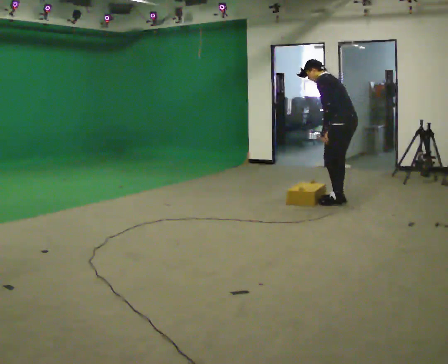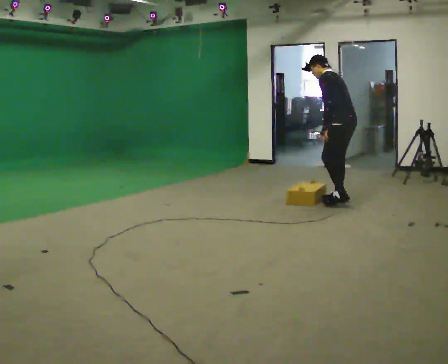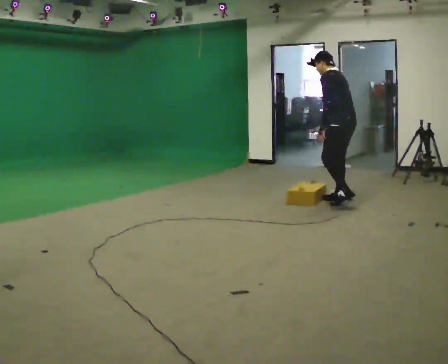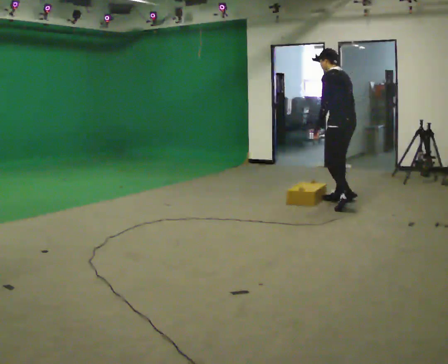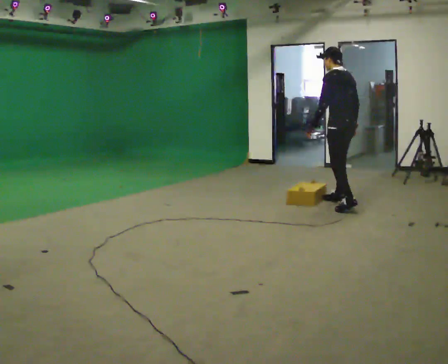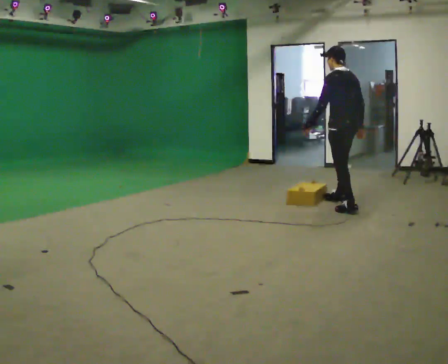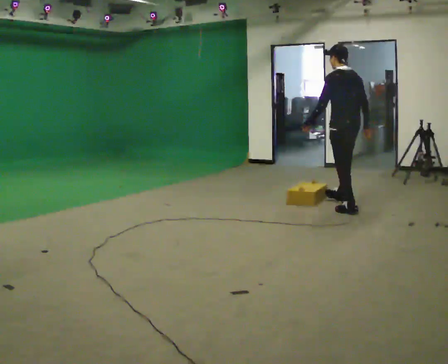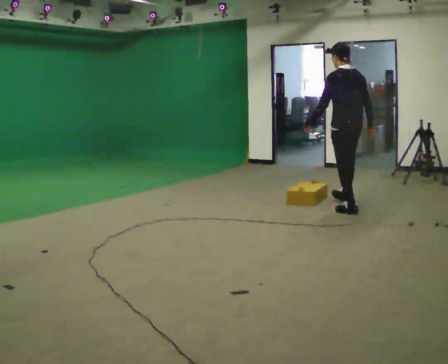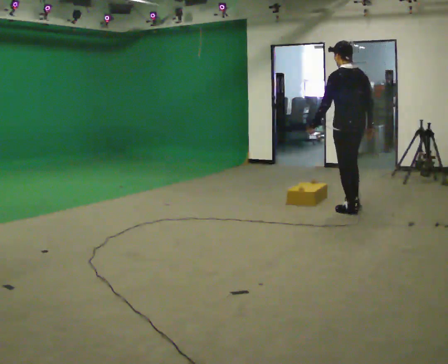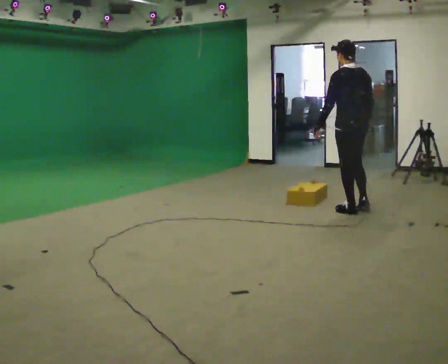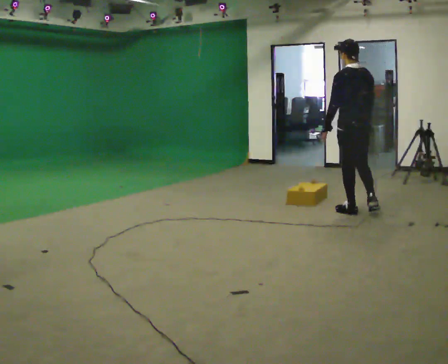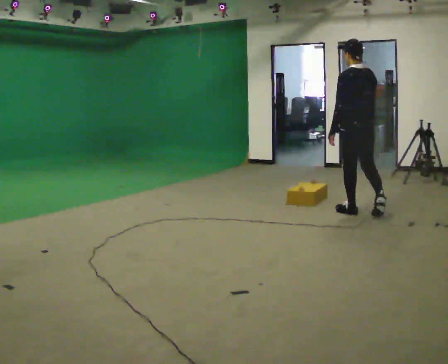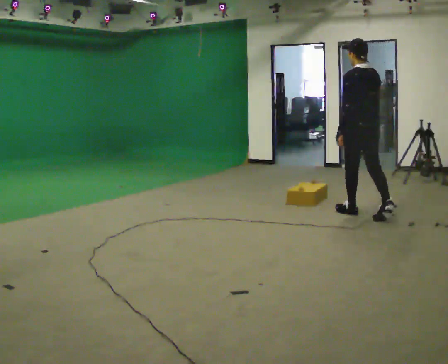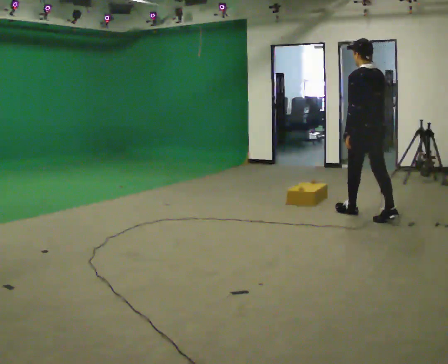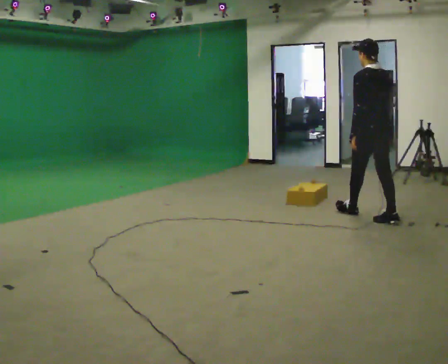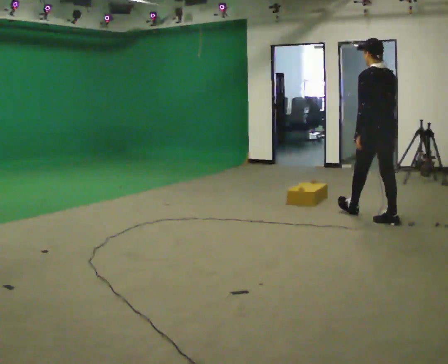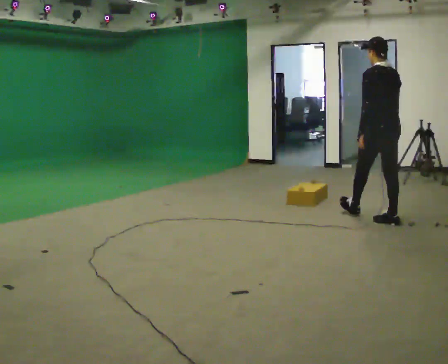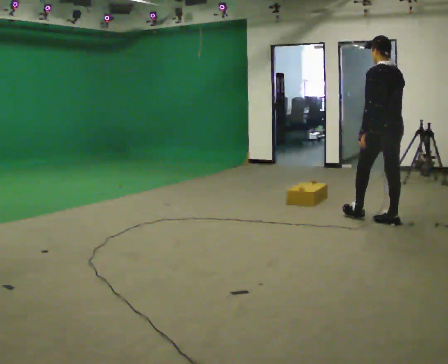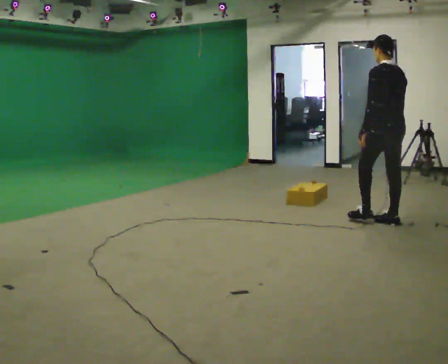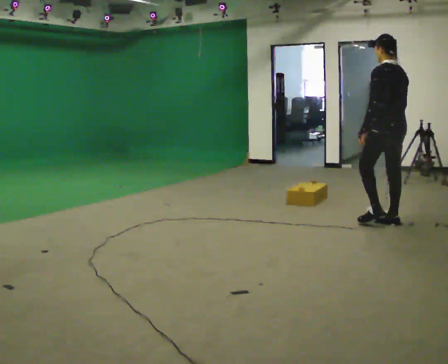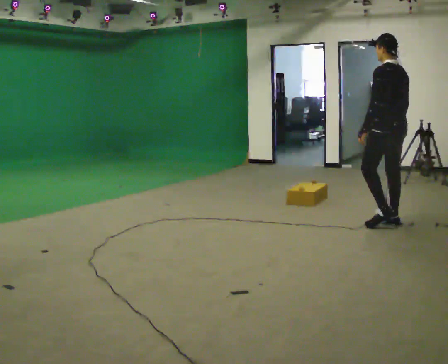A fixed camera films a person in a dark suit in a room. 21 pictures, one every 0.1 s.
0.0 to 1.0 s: Seen from above the body turns clockwise, about 30 degrees: to their right, with its near side sliding to the left. In the picture they go toward the camera, about 0.5 m in 1 step, which for them is to their left and backward. In the picture the upper body tilts clockwise, shoulders to the right, as they lean back or straighten.
1.0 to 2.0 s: In the picture they go toward the camera and to the right, about 0.5 m in 1 step, which for them is backward.
The film runs backward here.
